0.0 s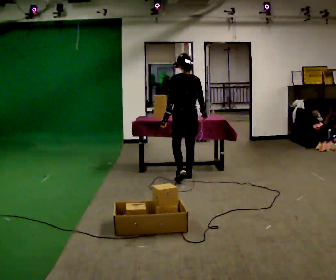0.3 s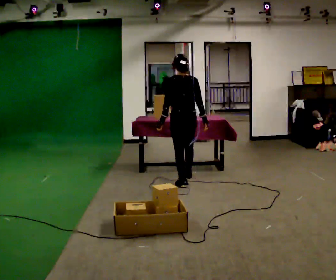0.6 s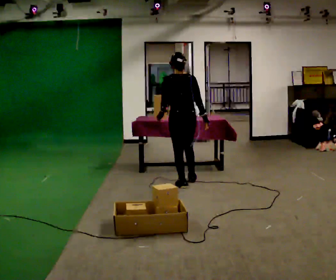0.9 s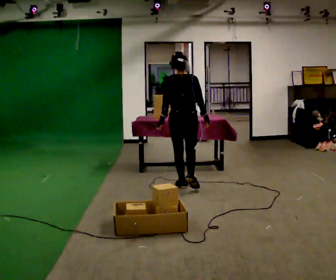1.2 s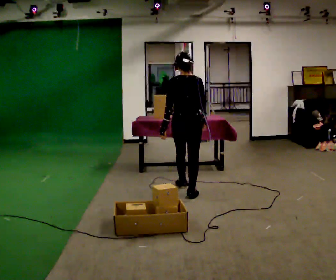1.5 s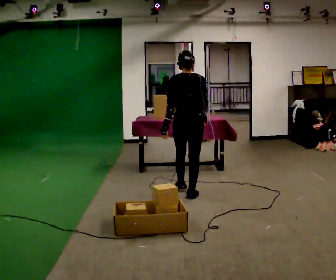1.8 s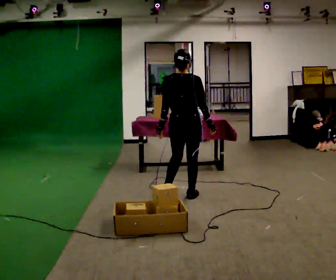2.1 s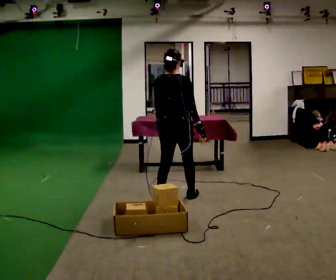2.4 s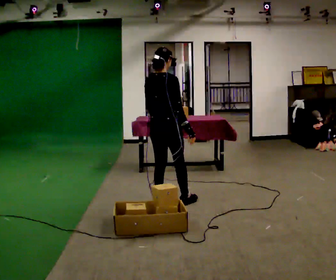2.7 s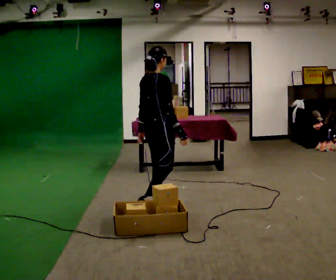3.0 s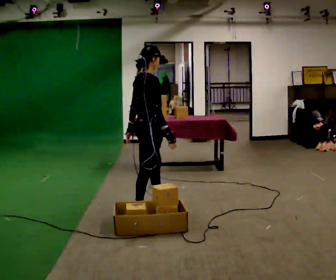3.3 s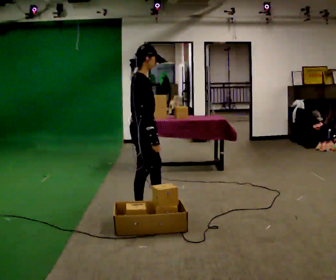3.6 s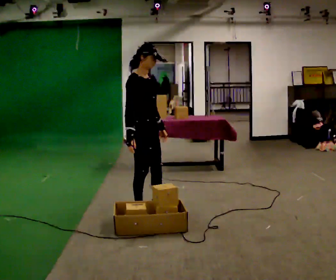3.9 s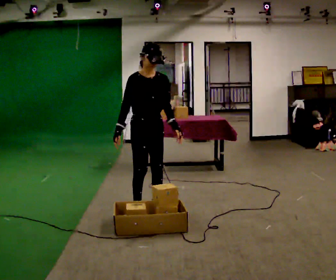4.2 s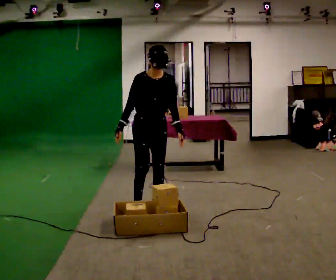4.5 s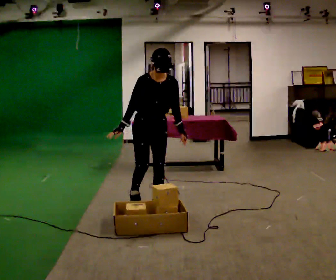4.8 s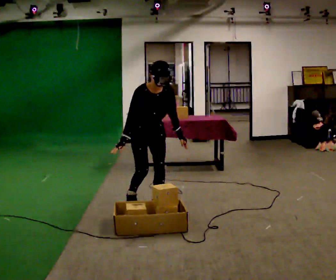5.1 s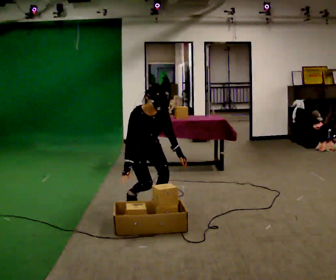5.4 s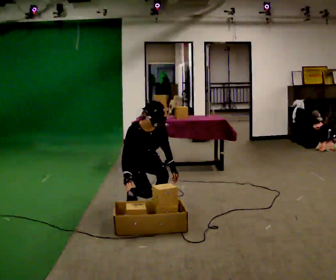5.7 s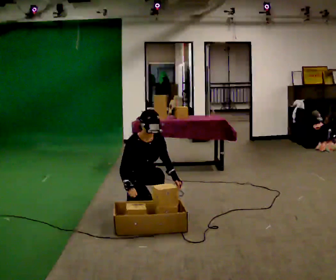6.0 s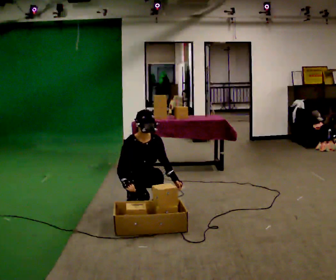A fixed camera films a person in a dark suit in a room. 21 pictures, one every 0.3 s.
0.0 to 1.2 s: In the picture they go toward the camera, about 0.5 m in 1 step, which for them is backward.
1.2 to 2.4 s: The person turns about 30 degrees to their right, clockwise seen from above, so the part of the body nearest the lens slides to the left. In the picture they go toward the camera and to the left, about 0.5 m in 2 steps, which for them is backward and to their left.
2.4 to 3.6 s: The part of the body nearest the lens slides to the left as the person turns to their right by about 75 degrees. In the picture they go toward the camera and to the left, about 0.25 m.
3.6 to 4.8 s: The person turns about 60 degrees to their right, clockwise seen from above, so the part of the body nearest the lens slides to the left. In the picture they go away from the camera, about 0.25 m in 1 step, which for them is backward. The upper body tips toward the camera, its near side rolling downward, as they bend forward.
4.8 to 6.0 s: The upper body goes downward. In the picture their right hand goes downward.
The film runs backward here.
